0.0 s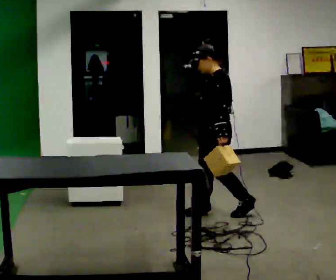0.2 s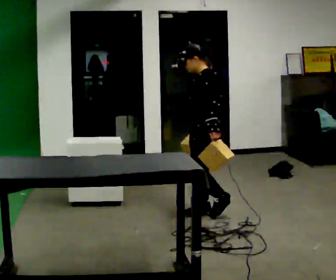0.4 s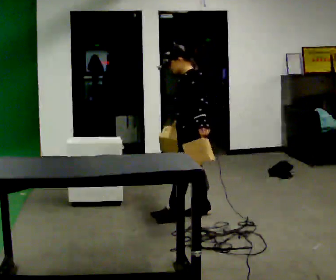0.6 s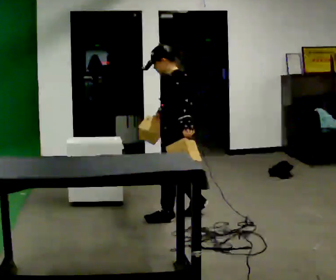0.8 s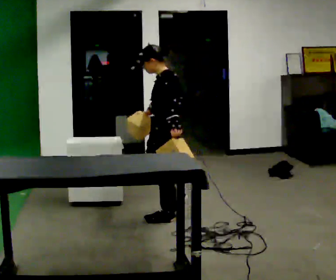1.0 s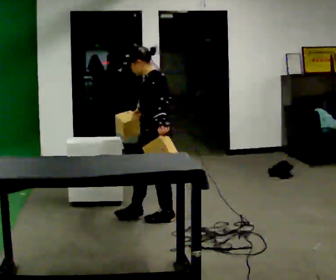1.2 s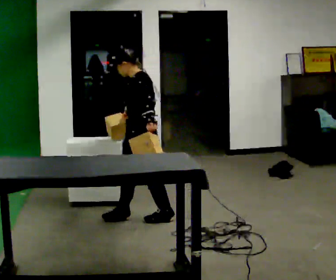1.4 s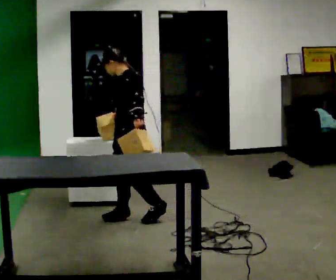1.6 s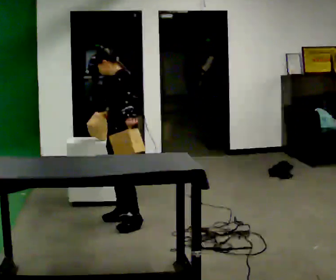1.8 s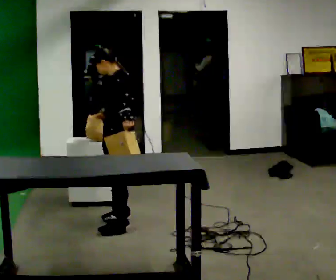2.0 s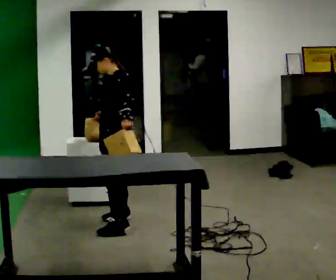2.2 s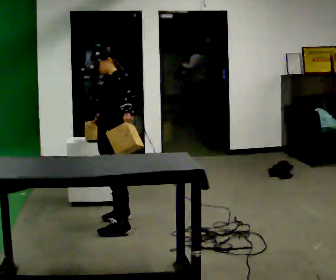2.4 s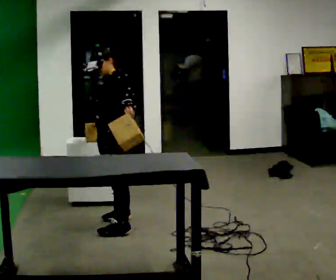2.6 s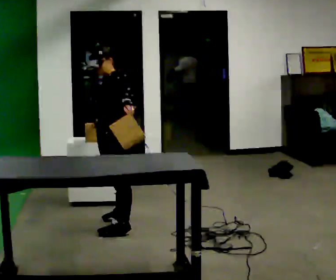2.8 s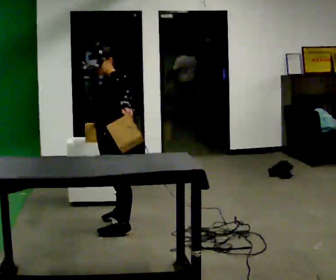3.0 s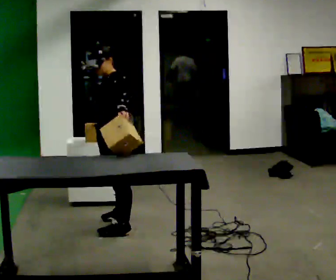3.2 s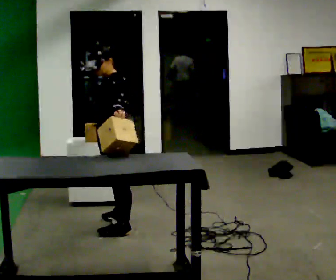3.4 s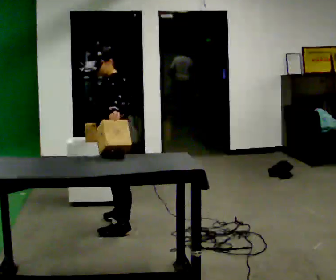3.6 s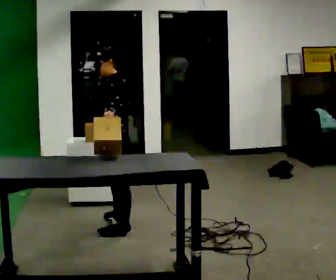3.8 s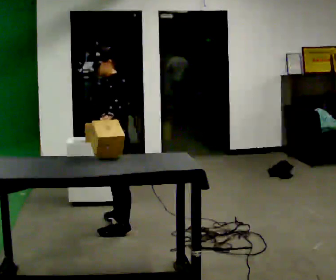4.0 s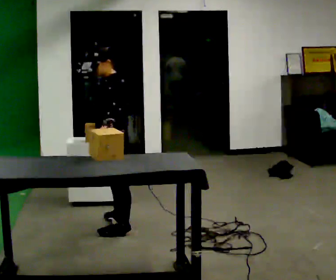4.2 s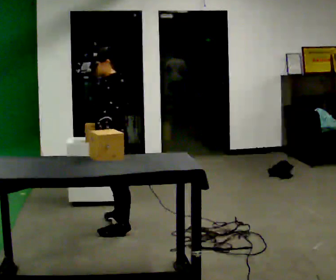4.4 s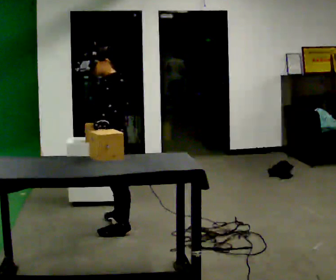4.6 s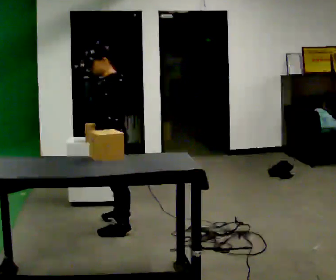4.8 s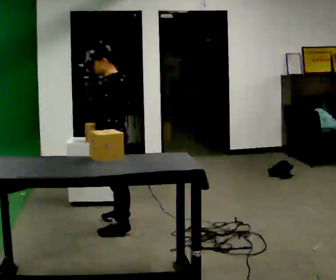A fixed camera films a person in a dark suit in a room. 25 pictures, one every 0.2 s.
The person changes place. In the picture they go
to the left.
The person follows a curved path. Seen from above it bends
counterclockwise.
0.0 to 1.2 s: In the picture they go to the left, about 0.75 m in 2 steps, which for them is forward.
1.2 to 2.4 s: In the picture they go to the left, about 0.25 m in 1 step, which for them is forward.
2.4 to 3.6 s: In the picture they go toward the camera, about 0.25 m, which for them is to their left. The upper body tips toward the camera, its near side rolling downward.
3.6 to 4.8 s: The person moves a little, or ends about where they began.
The film runs forward here.
